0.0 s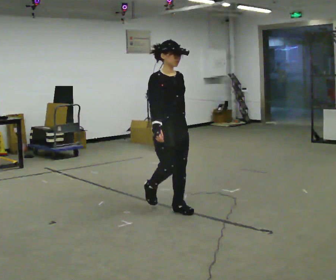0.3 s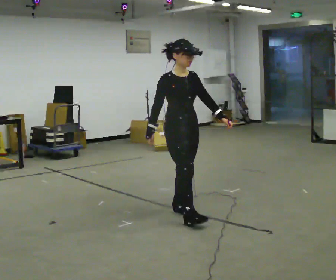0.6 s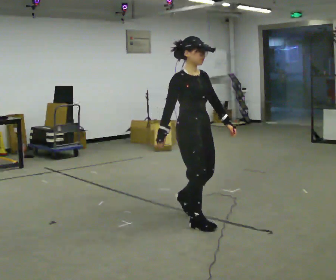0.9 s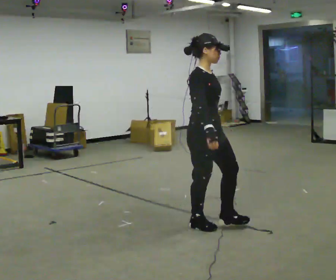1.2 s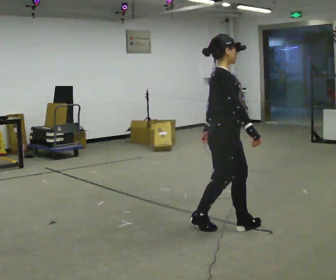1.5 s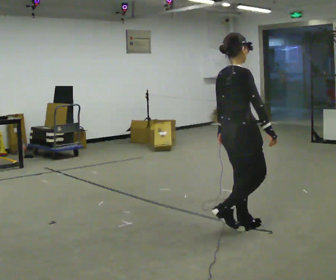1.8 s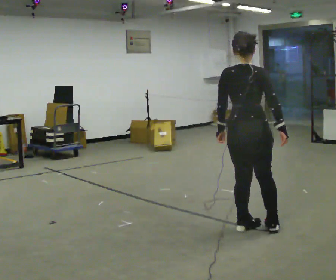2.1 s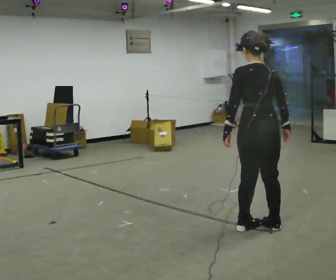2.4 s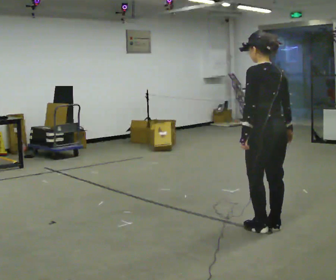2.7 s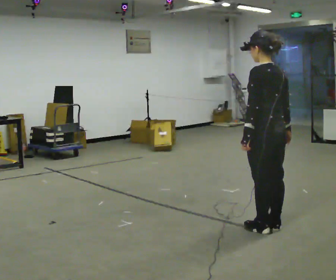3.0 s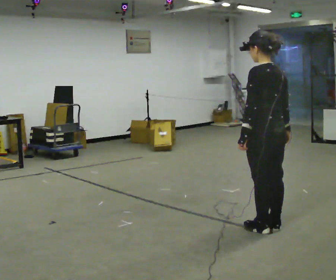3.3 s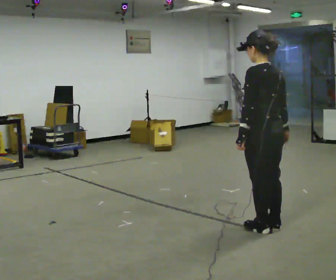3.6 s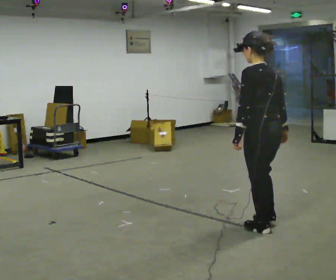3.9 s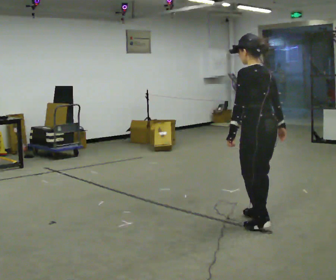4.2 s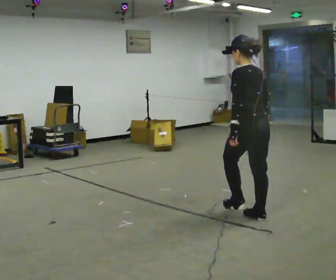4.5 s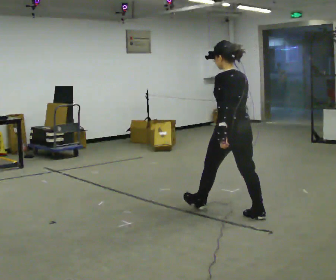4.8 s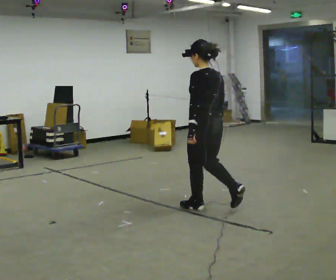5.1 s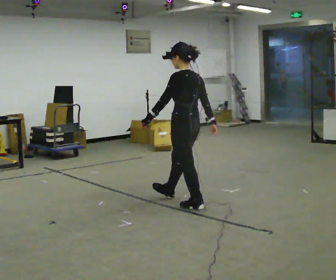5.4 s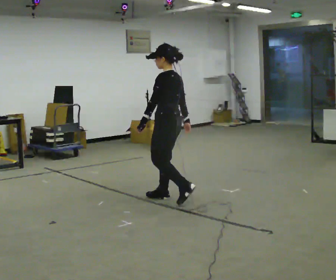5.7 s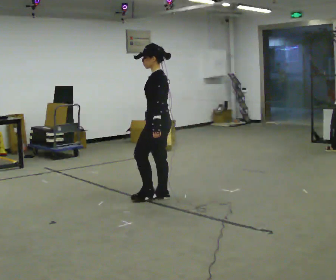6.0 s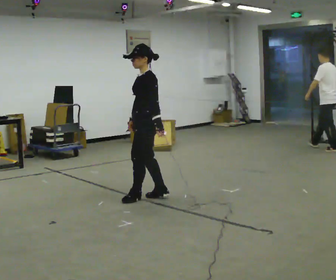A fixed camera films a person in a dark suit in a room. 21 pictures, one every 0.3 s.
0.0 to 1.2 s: Seen from above the body turns counterclockwise, about 45 degrees: to their left, with its near side sliding to the right. In the picture they go to the right and toward the camera, about 0.5 m in 2 steps, which for them is forward.
1.2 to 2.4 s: The person turns about 135 degrees to their left, counterclockwise seen from above, so the part of the body nearest the lens slides to the right. In the picture they go to the right, about 0.5 m in 1 step.
2.4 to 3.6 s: The person moves a little, or ends about where they began.
3.6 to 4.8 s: In the picture they go to the left and away from the camera, about 0.5 m in 2 steps, which for them is forward.
4.8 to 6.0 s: The person turns about 60 degrees to their left, counterclockwise seen from above, so the part of the body nearest the lens slides to the right. In the picture they go to the left and away from the camera, about 0.5 m in 2 steps, which for them is forward.
The film runs forward here.
